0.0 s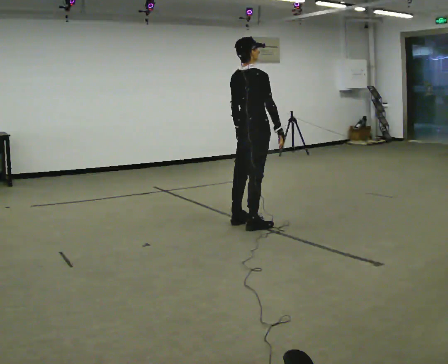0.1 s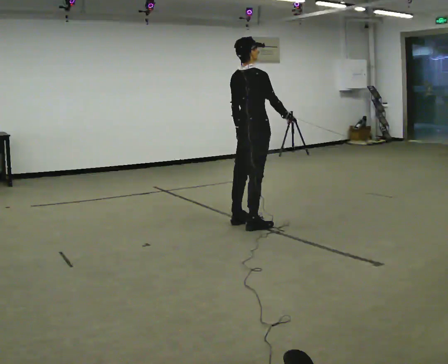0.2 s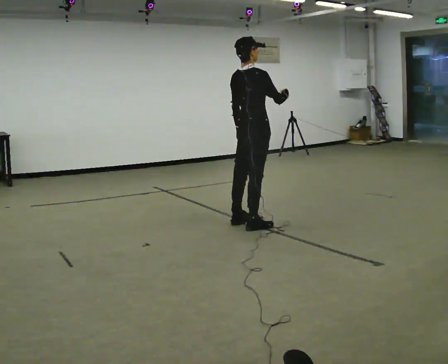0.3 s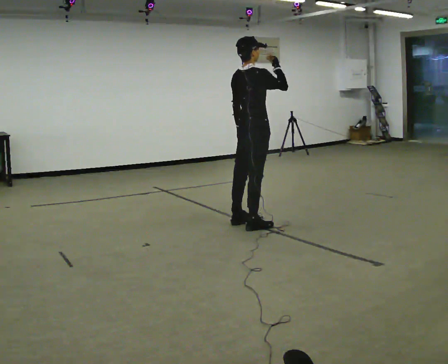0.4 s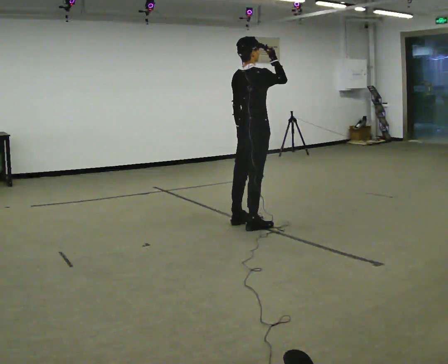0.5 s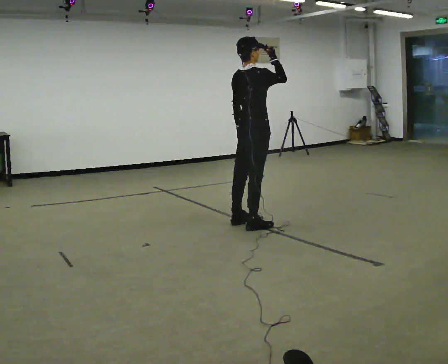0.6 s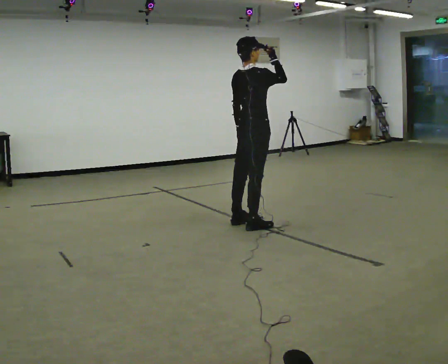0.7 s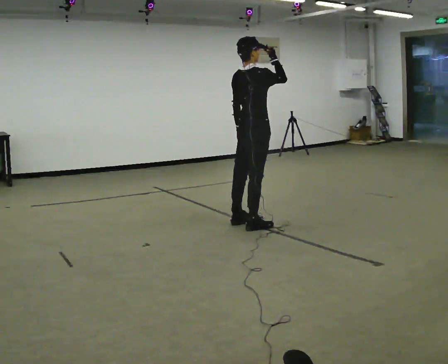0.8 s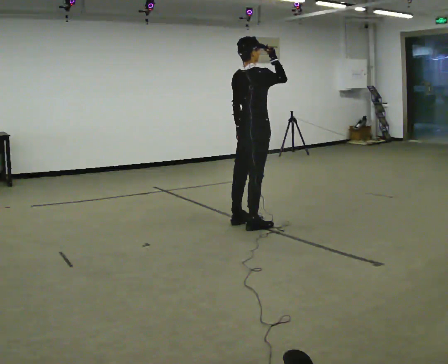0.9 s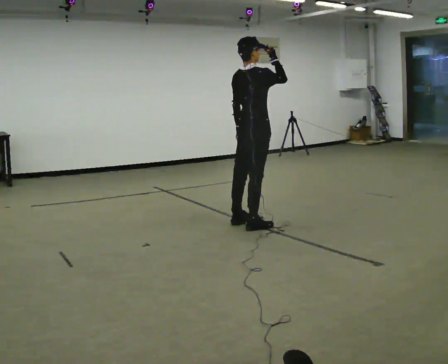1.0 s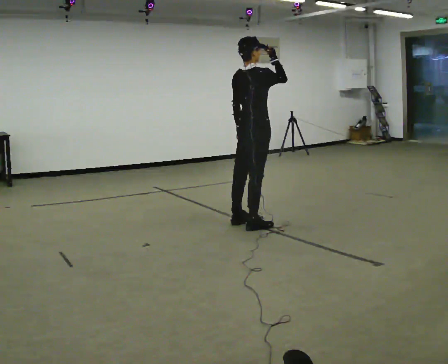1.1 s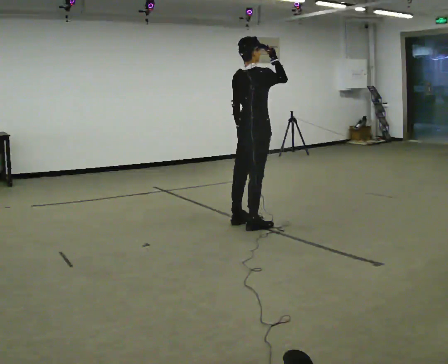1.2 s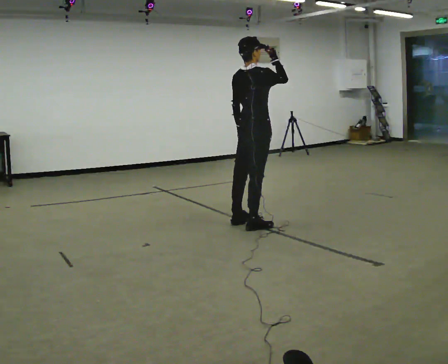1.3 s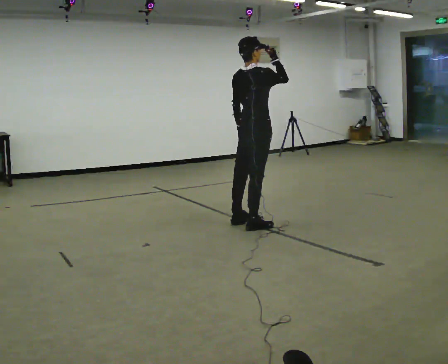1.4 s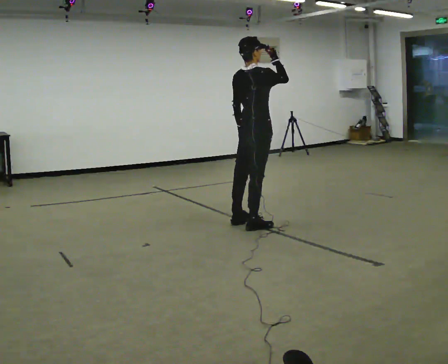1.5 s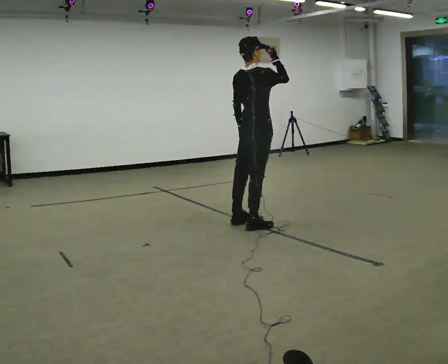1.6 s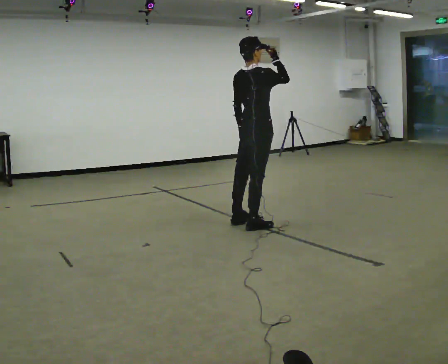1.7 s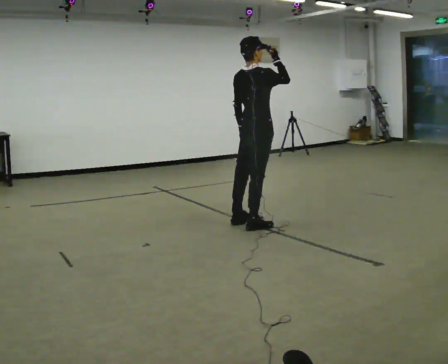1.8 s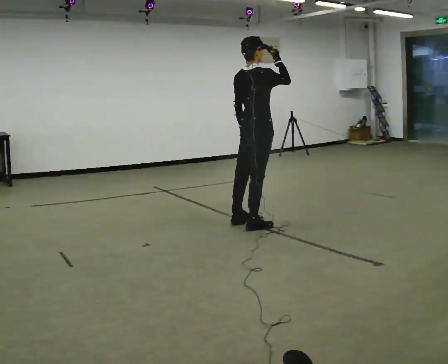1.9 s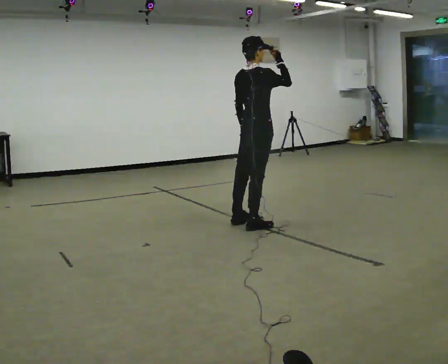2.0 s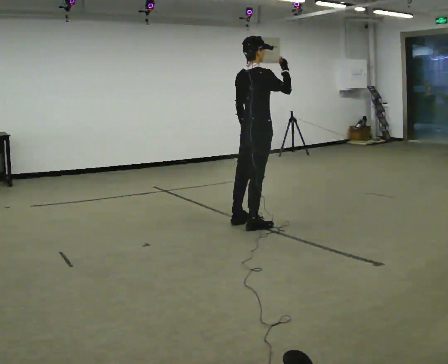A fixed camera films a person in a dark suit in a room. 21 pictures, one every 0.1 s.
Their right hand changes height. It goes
upward.
0.0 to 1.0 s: In the picture their right hand goes upward.
1.0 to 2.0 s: The person moves a little, or ends about where they began.
The film runs backward here.
